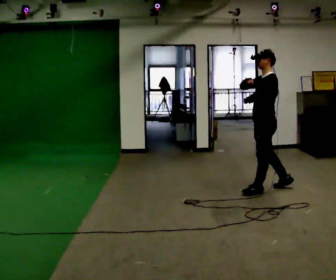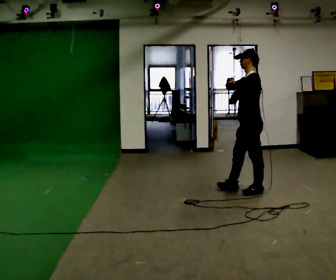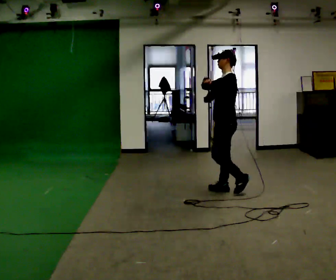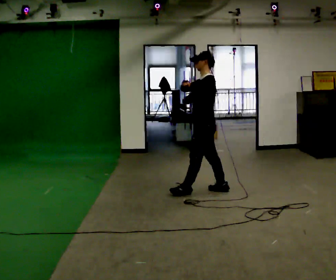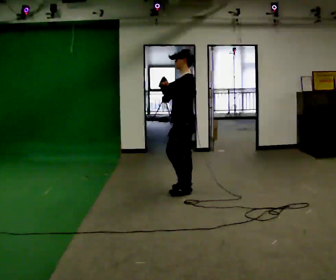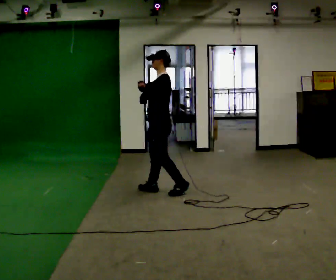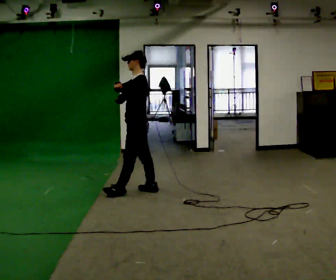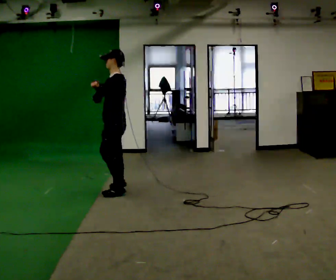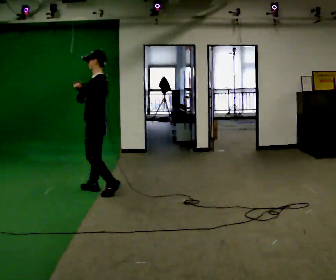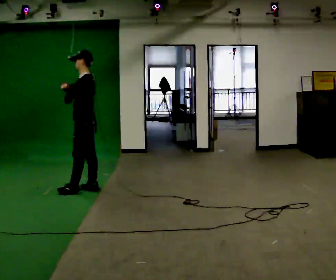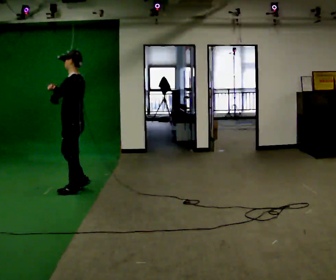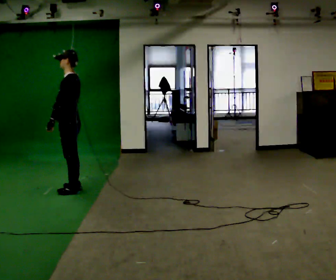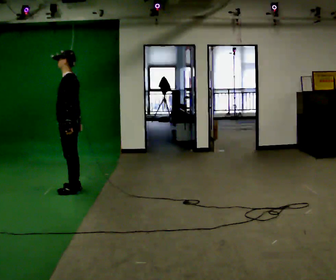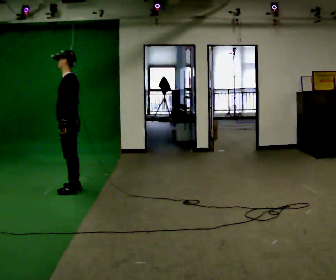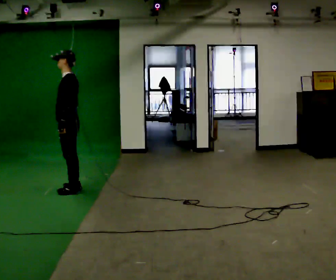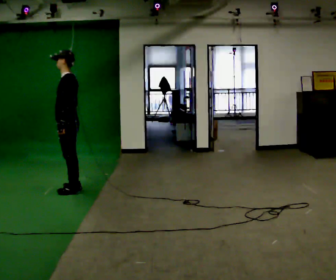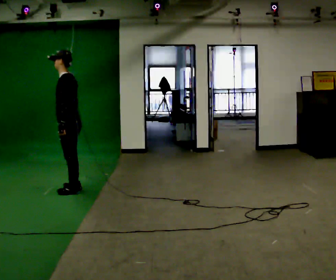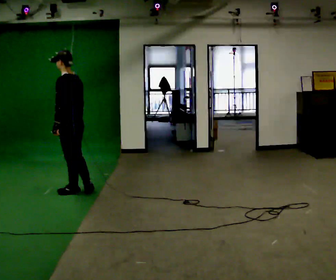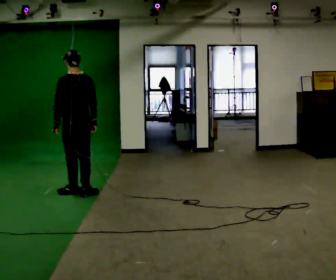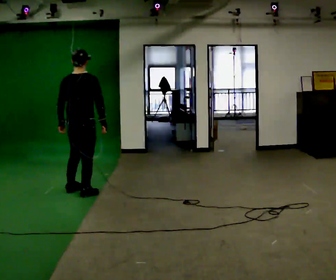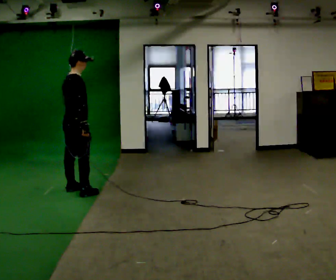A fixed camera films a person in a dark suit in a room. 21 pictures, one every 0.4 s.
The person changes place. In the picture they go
to the left.
0.0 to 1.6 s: In the picture they go to the left, about 1 m in 2 steps, which for them is forward.
1.6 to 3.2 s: In the picture they go to the left, about 1 m in 3 steps, which for them is forward.
3.2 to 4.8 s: In the picture they go to the left, about 0.25 m in 2 steps, which for them is forward. In the picture their right hand goes downward.
4.8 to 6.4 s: The person moves a little, or ends about where they began.
6.4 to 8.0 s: Seen from above the body turns clockwise, about 135 degrees: to their right, with its near side sliding to the left.
The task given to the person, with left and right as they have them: Walk normally but hold both hands together in front of you at chest height; do not swing your arms; stop.
The film runs forward here.
